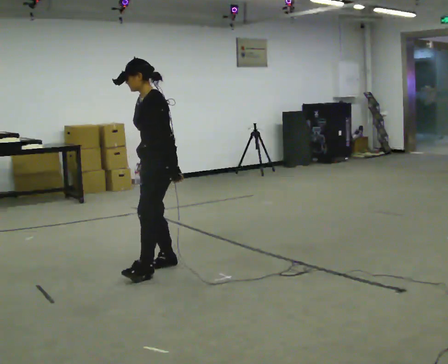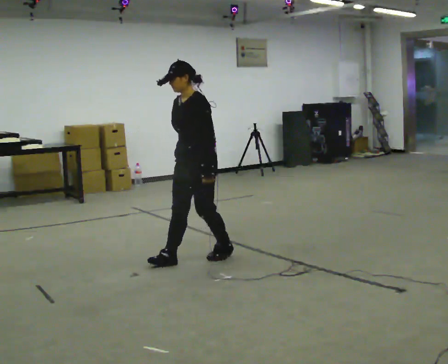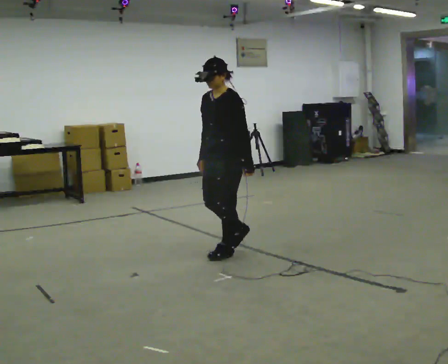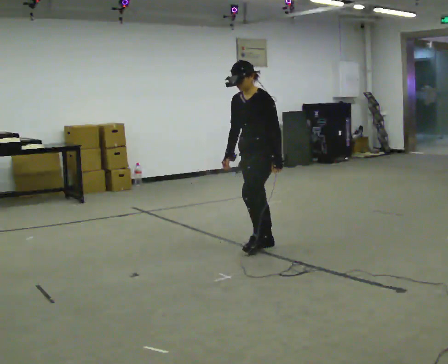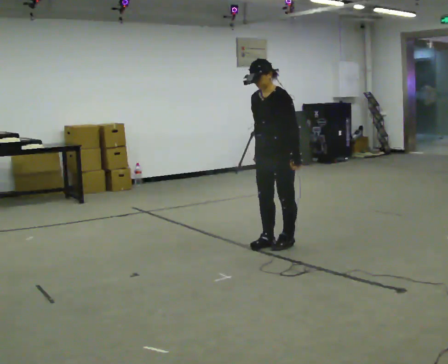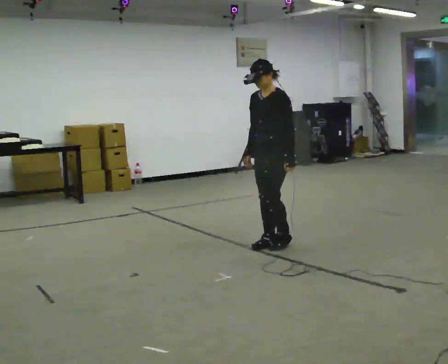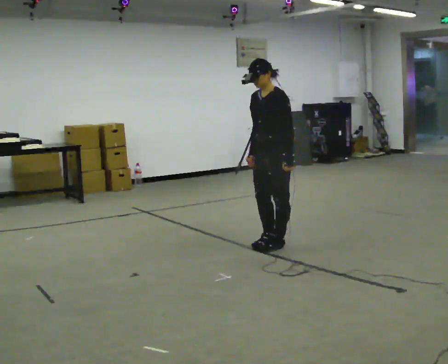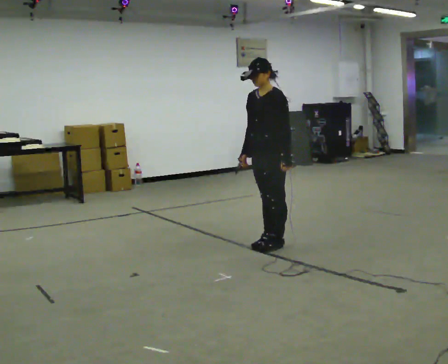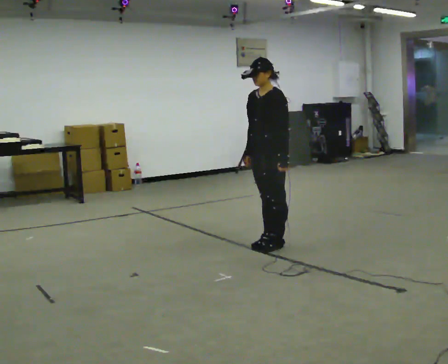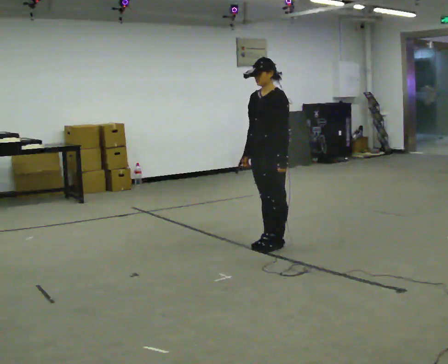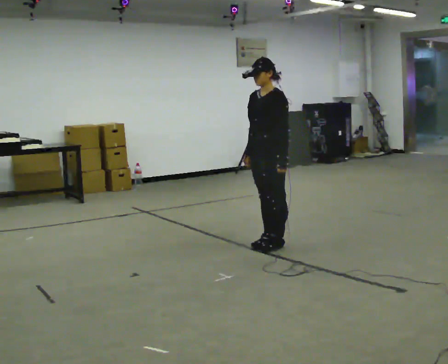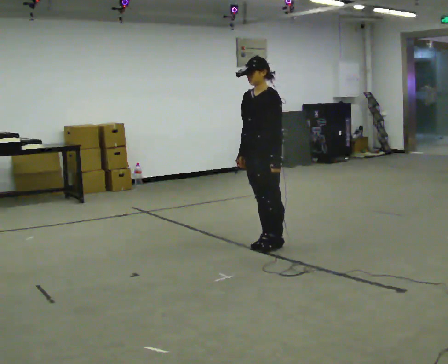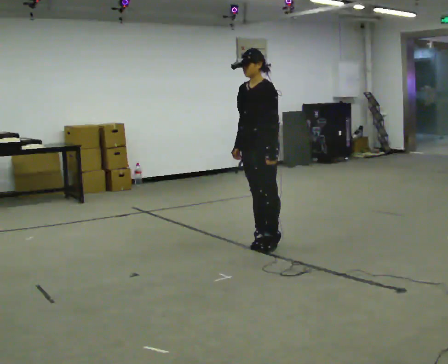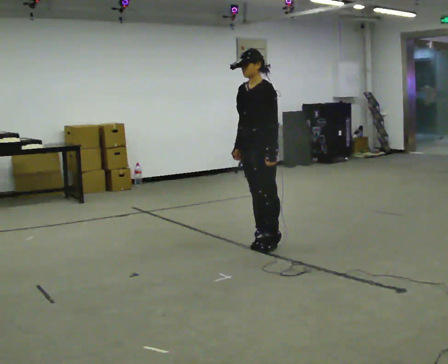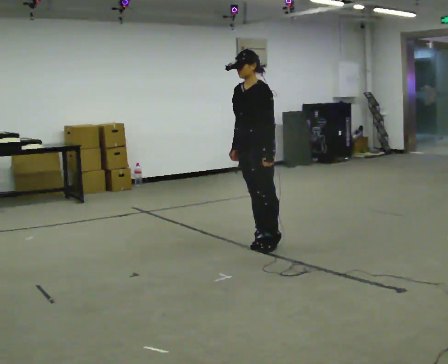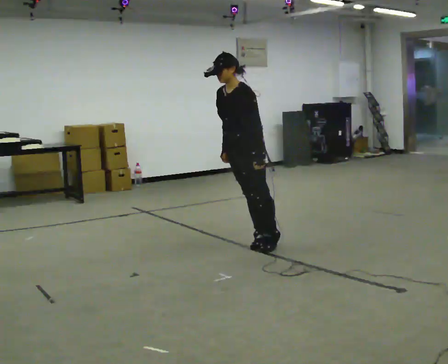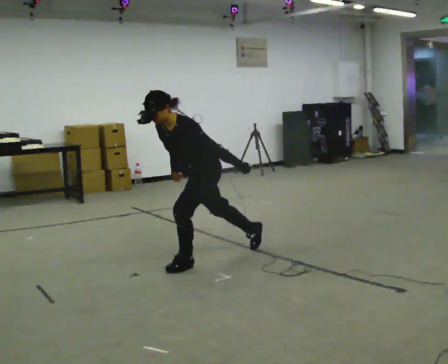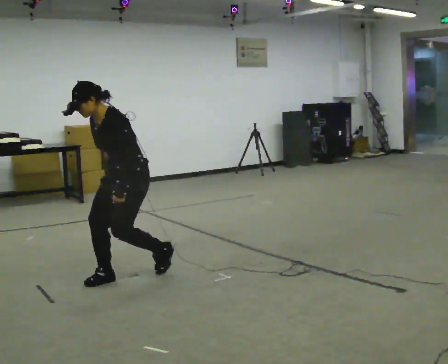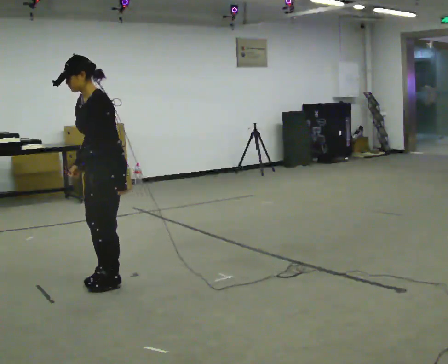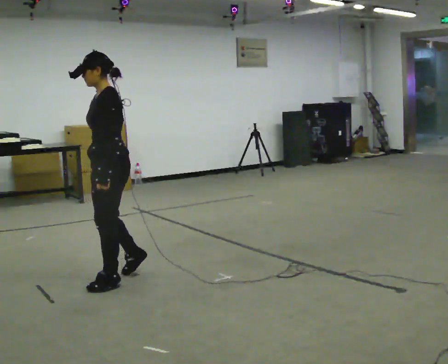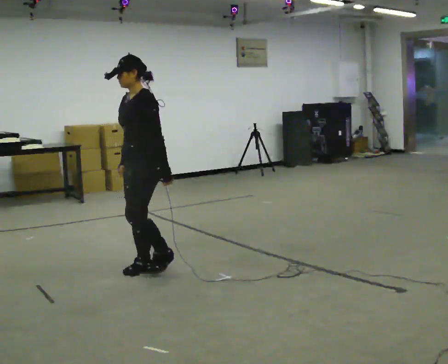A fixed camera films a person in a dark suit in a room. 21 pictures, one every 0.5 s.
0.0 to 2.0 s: In the picture they go to the right and away from the camera, about 1 m in 3 steps, which for them is backward.
2.0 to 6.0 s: The person moves a little, or ends about where they began.
6.0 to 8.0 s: In the picture they go toward the camera and to the left, about 0.5 m in 1 step, which for them is forward. The upper body goes downward. The upper body tips toward the camera, its near side rolling downward, as they bend forward.
8.0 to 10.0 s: In the picture they go to the left and toward the camera, about 0.5 m in 3 steps, which for them is forward. The upper body goes upward. The upper body tips away from the camera, its near side rolling upward, as they lean back or straighten.
The film runs forward here.
